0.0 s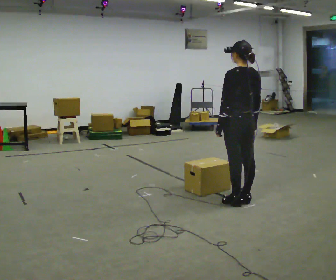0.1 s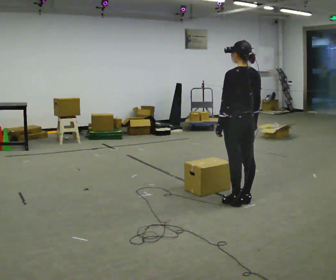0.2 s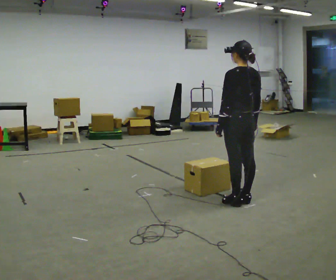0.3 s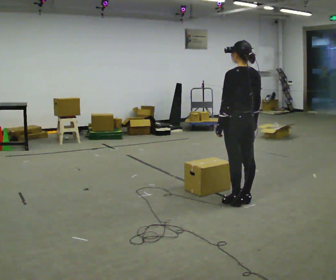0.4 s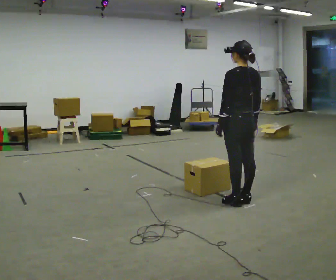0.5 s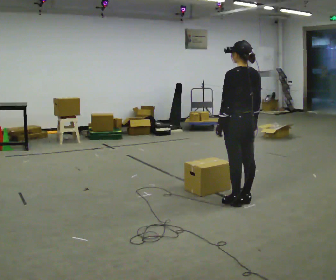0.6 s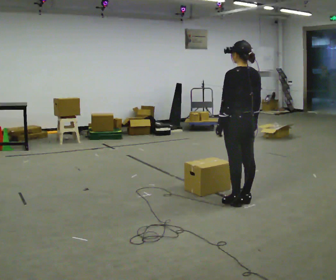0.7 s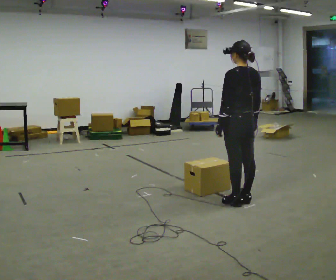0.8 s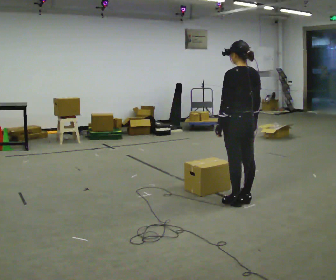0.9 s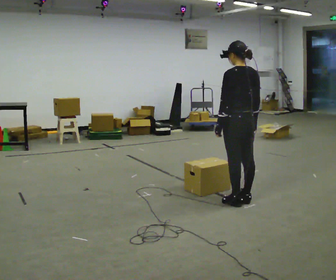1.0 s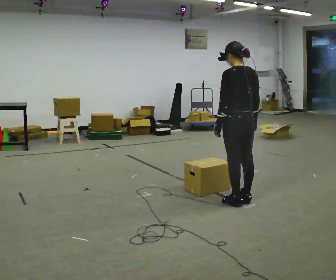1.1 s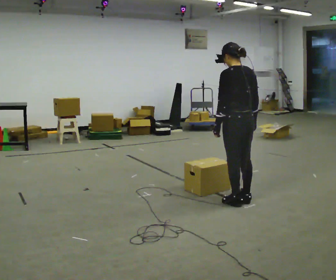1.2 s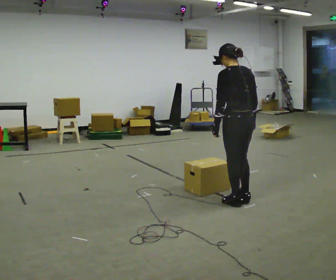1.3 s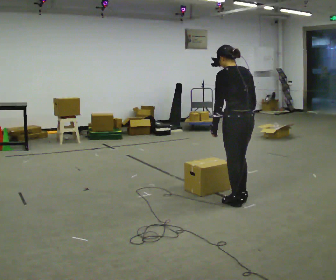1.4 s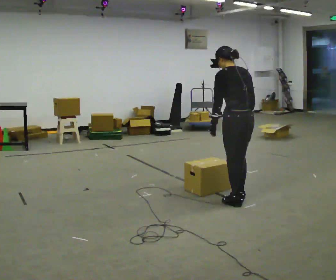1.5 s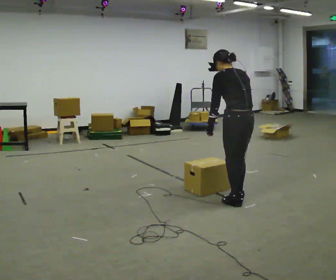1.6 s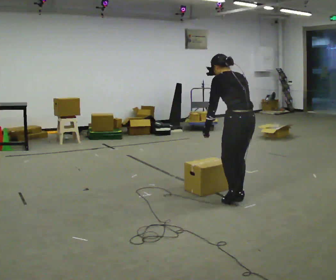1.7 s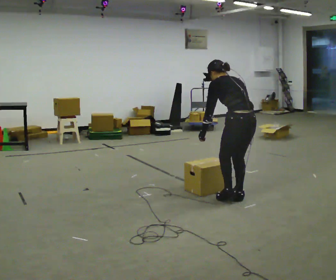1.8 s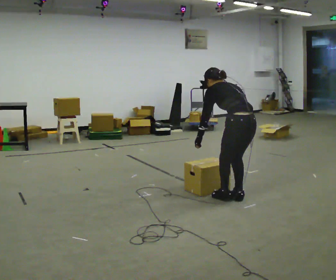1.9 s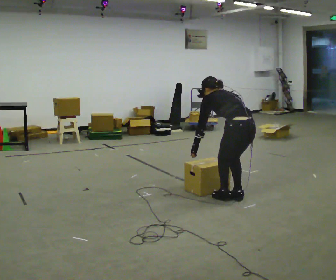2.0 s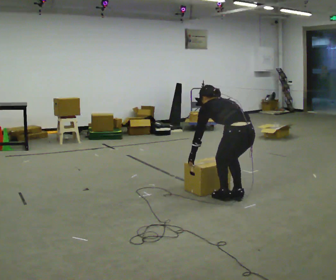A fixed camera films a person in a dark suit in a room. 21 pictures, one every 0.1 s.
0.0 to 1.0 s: The person keeps their place and pose.
1.0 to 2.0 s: The shoulders move downward. In the picture the upper body tilts counterclockwise, shoulders to the left, as they bend forward. In the picture their right hand goes downward.
The film runs forward here.
